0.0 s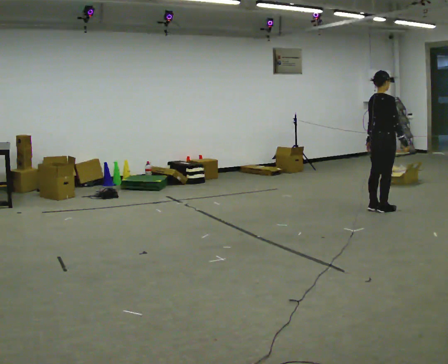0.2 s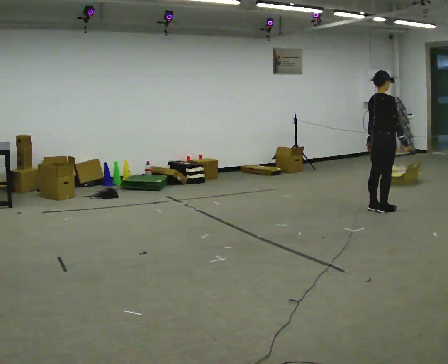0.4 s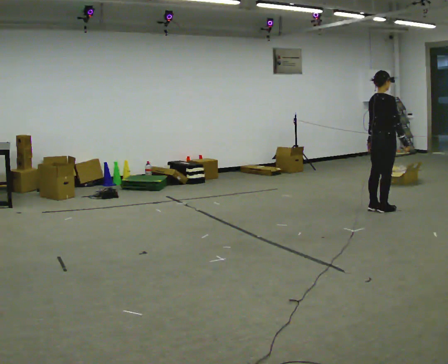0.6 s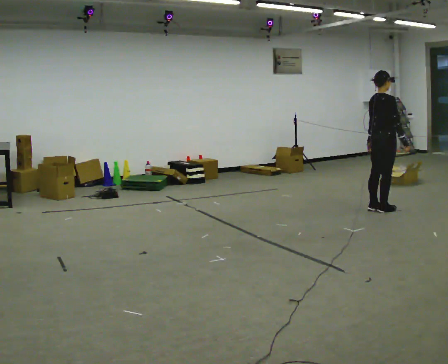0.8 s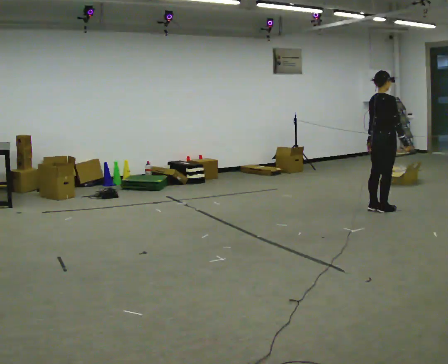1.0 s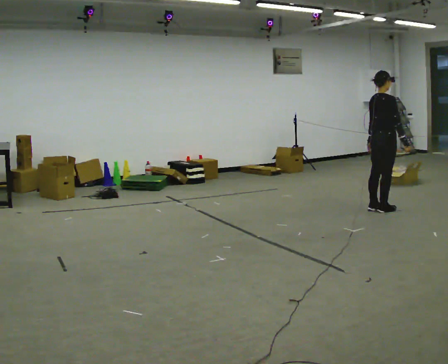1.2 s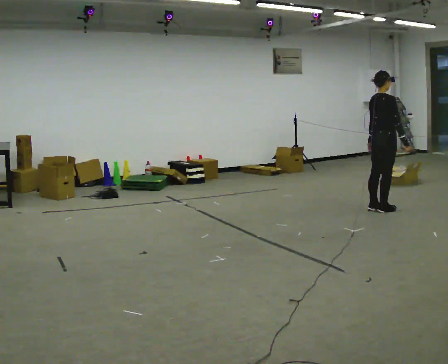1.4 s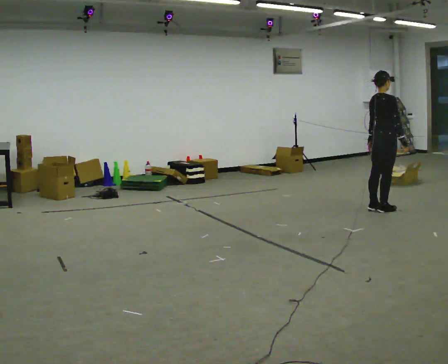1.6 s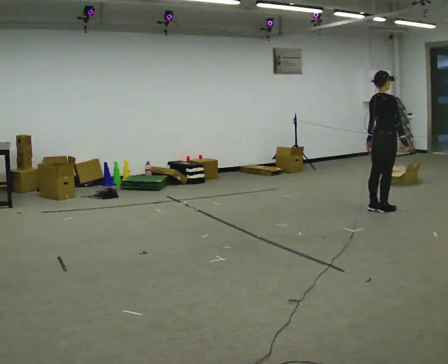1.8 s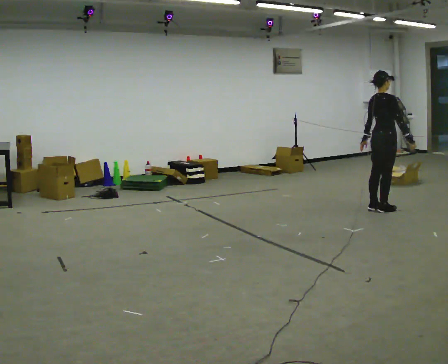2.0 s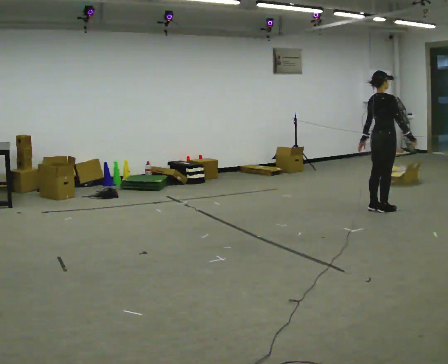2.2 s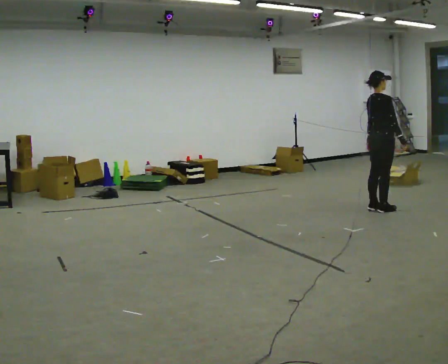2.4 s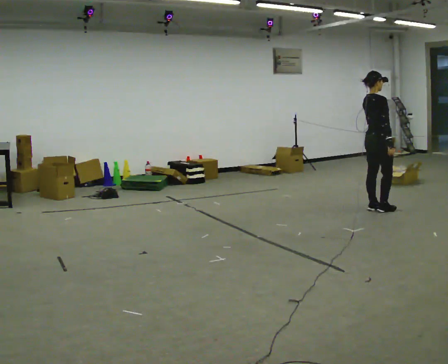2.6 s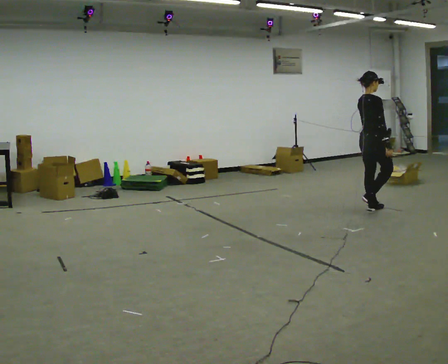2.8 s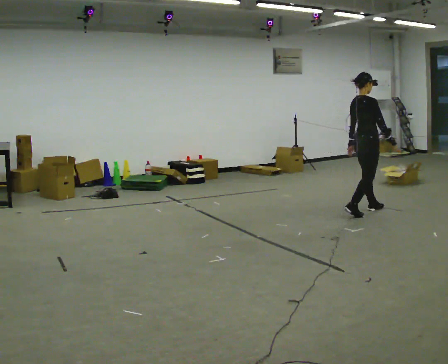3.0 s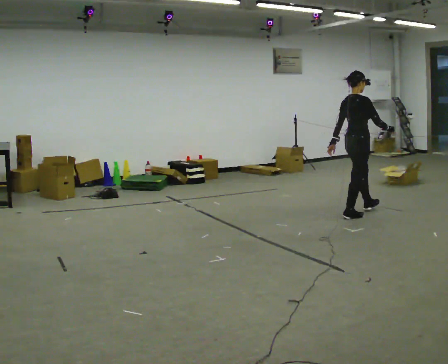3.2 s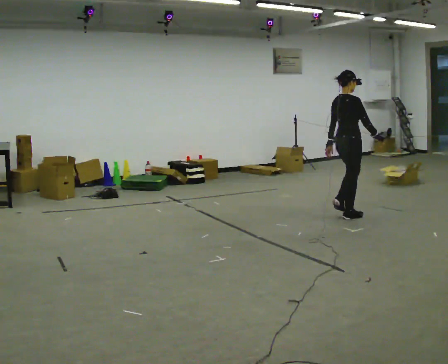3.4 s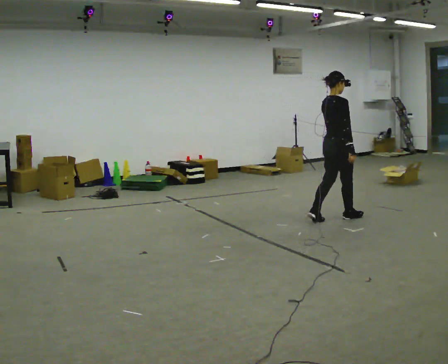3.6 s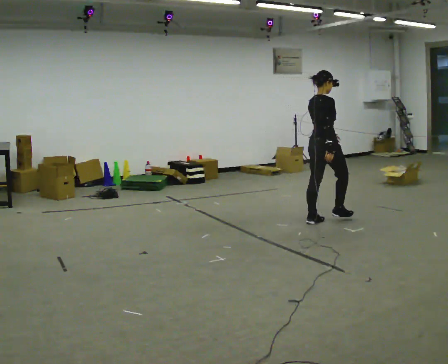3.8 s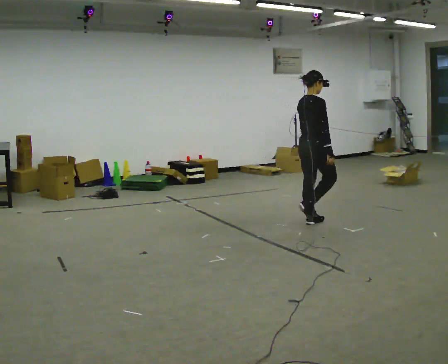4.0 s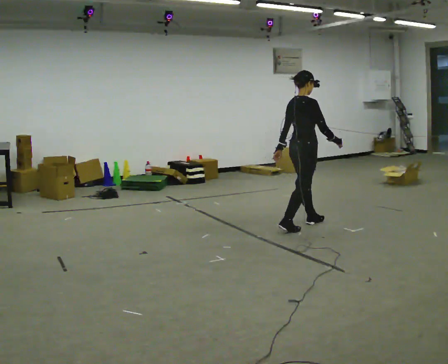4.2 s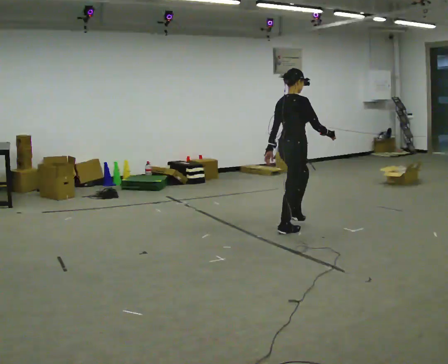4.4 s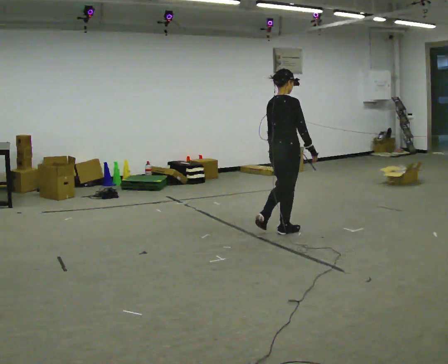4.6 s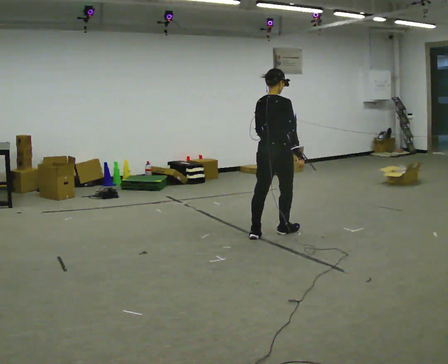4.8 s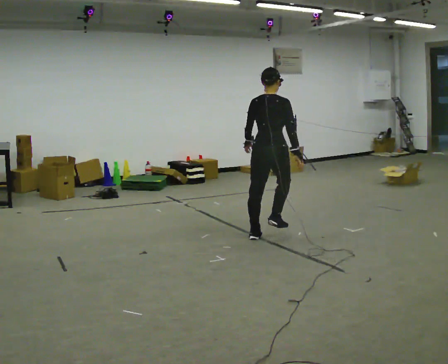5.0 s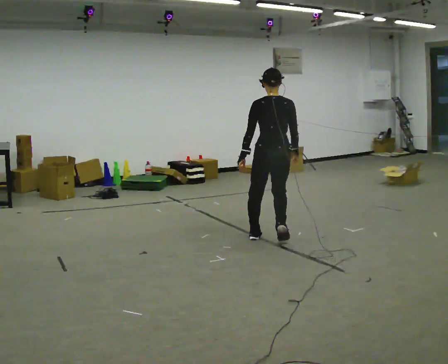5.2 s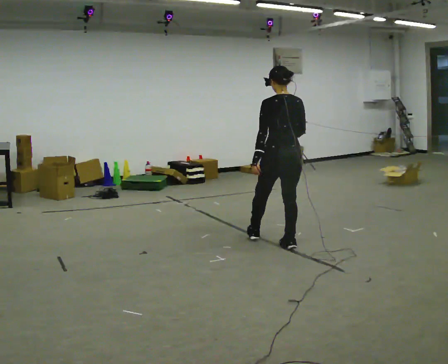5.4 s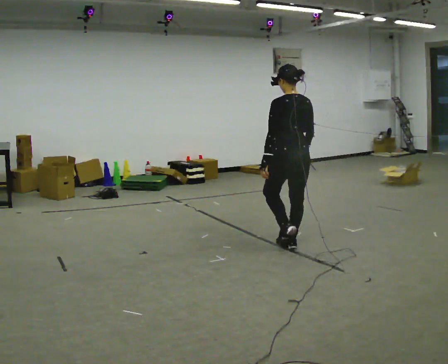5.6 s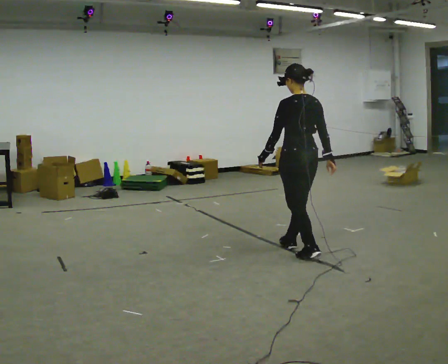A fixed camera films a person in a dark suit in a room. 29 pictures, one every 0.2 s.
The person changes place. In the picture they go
toward the camera.
The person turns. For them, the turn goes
to their left.
0.0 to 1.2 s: The person keeps their place and pose.
1.2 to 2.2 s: The person moves a little, or ends about where they began.
2.2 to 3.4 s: In the picture they go to the left and toward the camera, about 0.75 m in 2 steps, which for them is backward.
3.4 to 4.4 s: In the picture they go toward the camera and to the left, about 1 m in 2 steps, which for them is backward.
4.4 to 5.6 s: The person turns about 75 degrees to their left, counterclockwise seen from above, so the part of the body nearest the lens slides to the right. In the picture they go toward the camera, about 0.75 m in 2 steps.
The film runs backward here.
